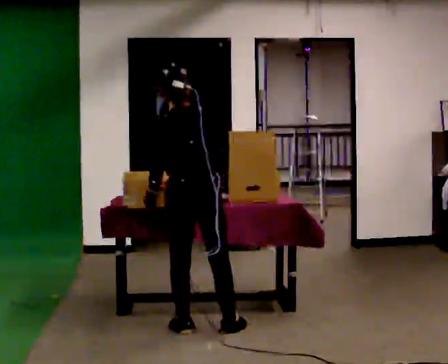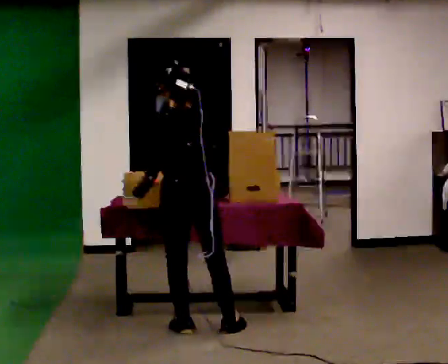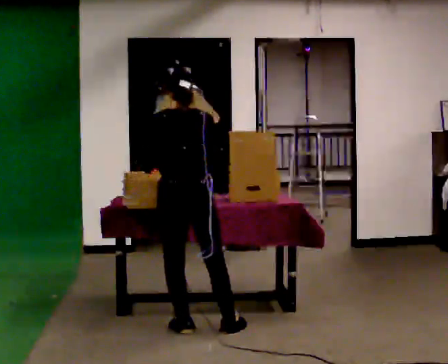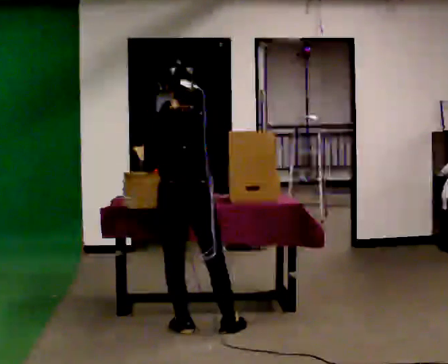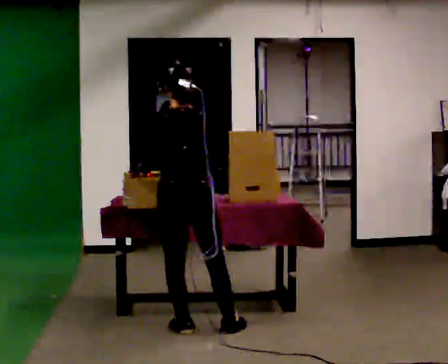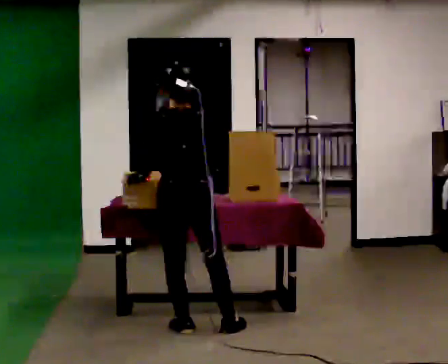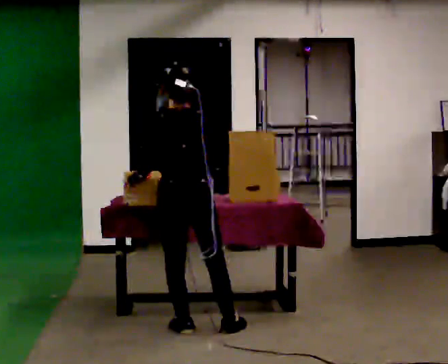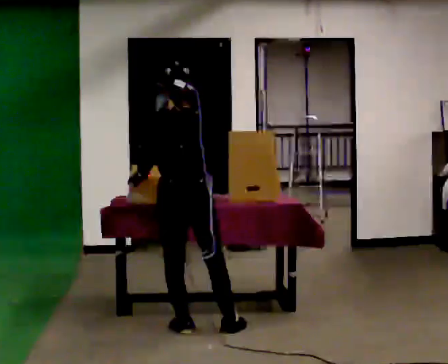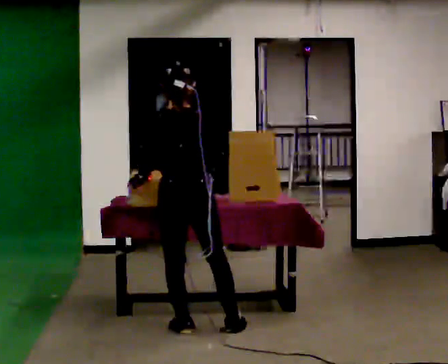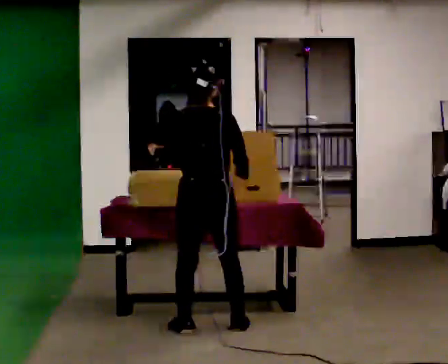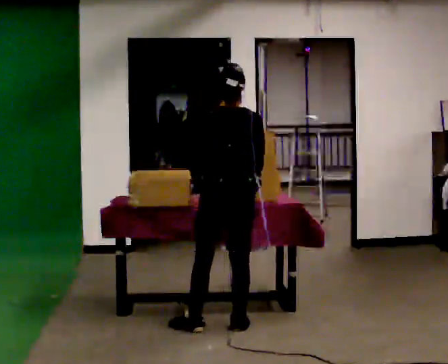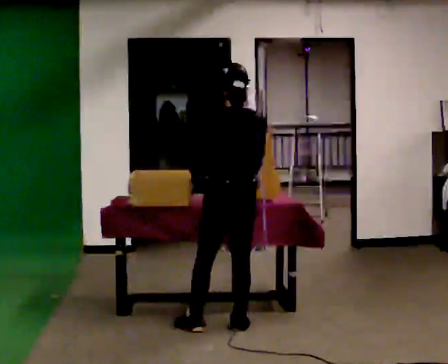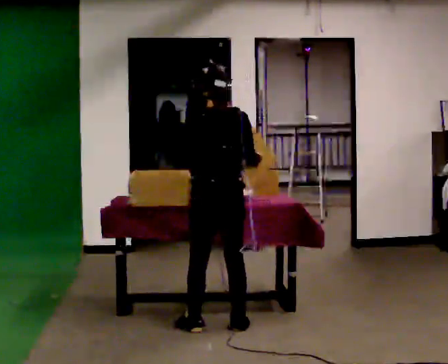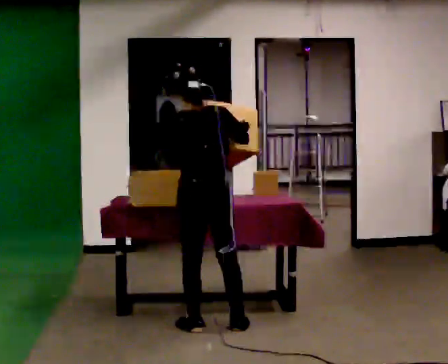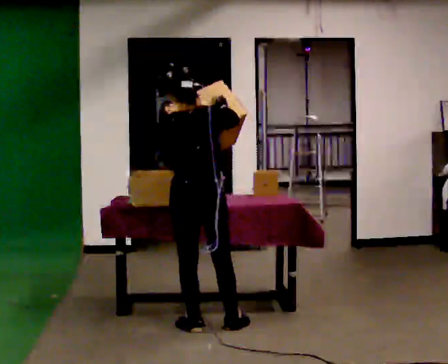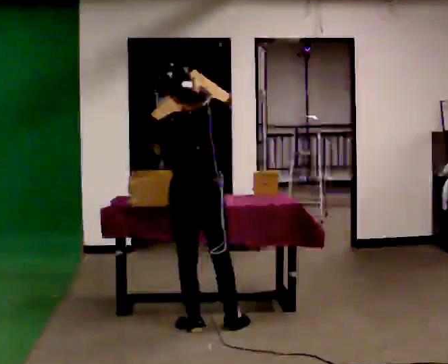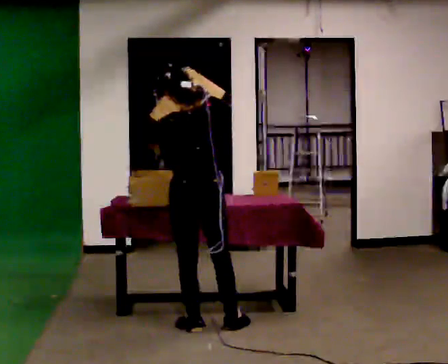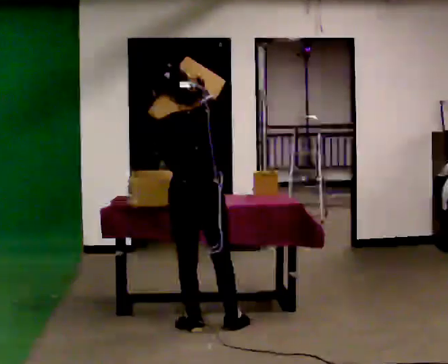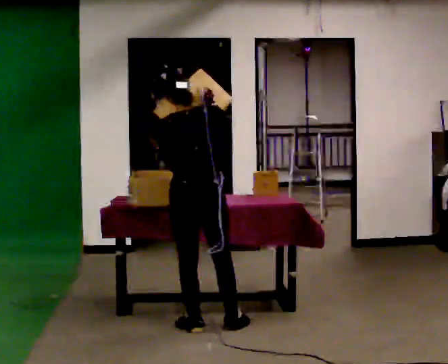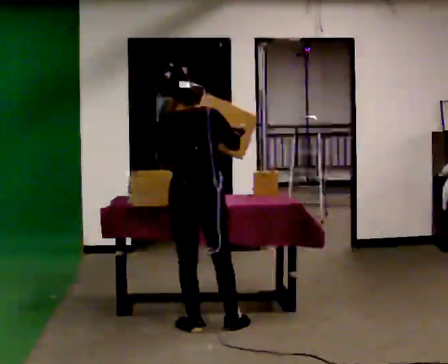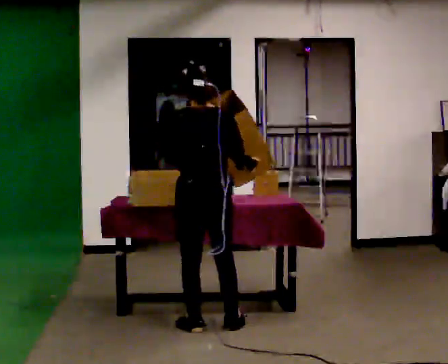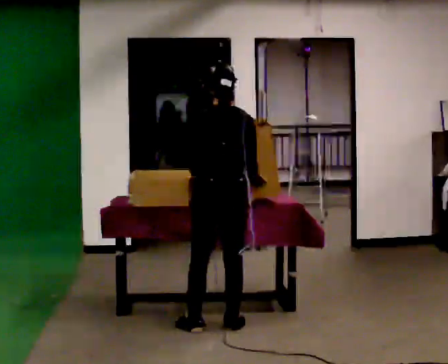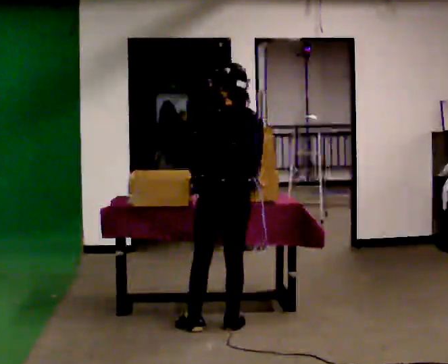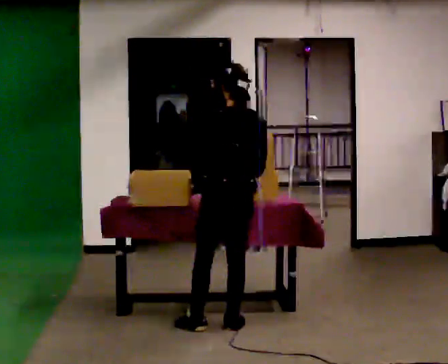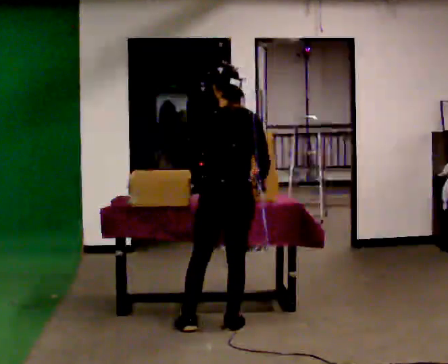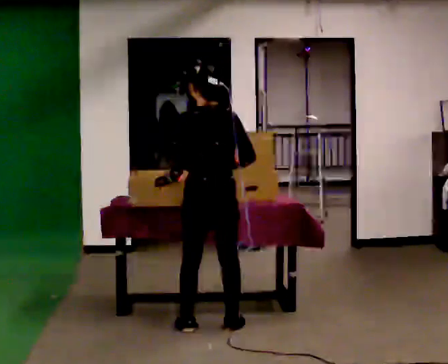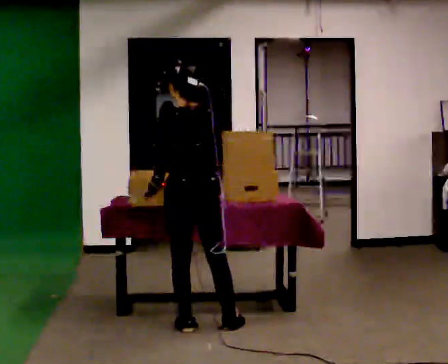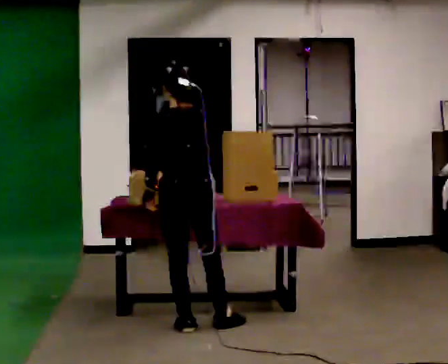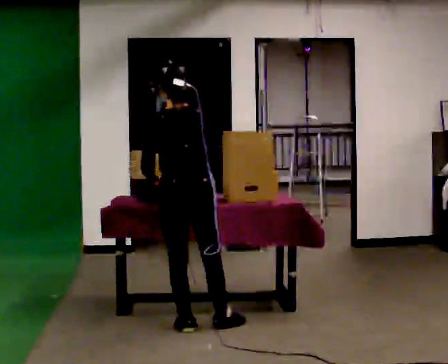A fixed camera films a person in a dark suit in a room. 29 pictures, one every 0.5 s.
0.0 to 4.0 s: The person moves a little, or ends about where they began.
4.0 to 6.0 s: In the picture they go to the right, about 0.25 m, which for them is to their right. In the picture their left hand goes to the right.
6.0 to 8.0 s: In the picture their right hand goes upward.
8.0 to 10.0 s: In the picture their right hand goes downward.
10.0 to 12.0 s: The person moves a little, or ends about where they began.
12.0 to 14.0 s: In the picture they go to the left, about 0.25 m, which for them is to their left.
The film runs forward here.
